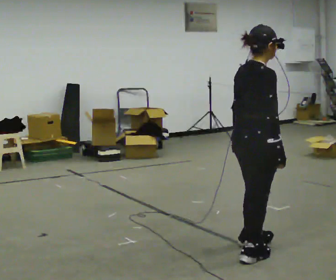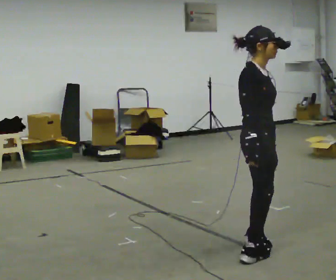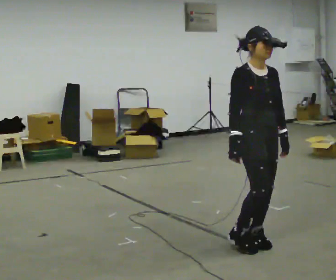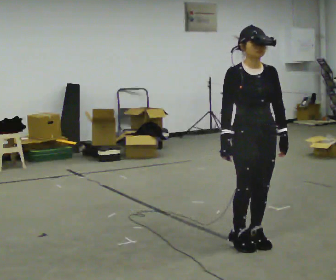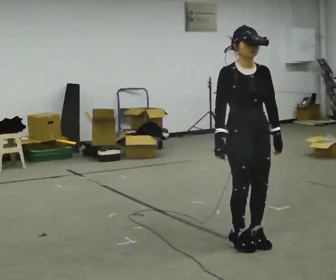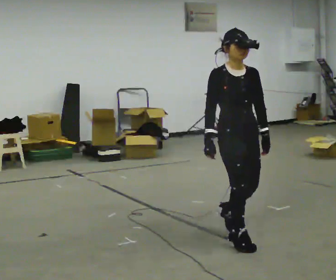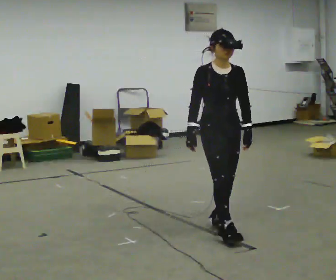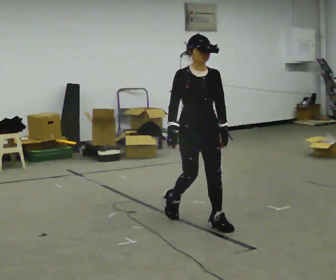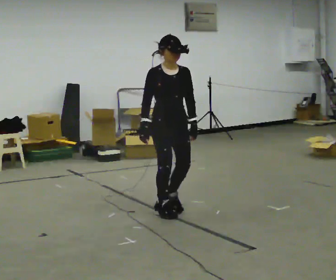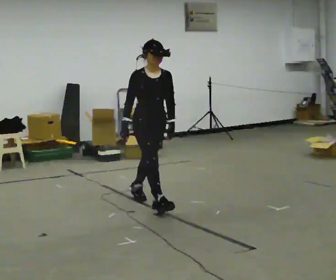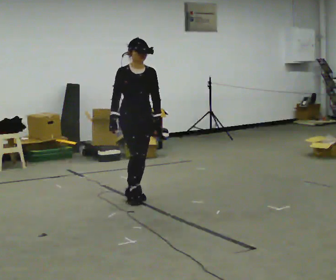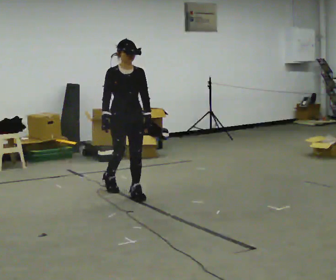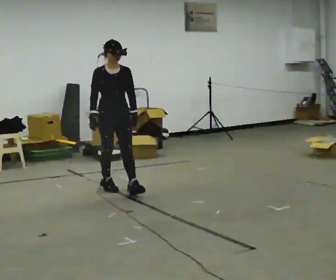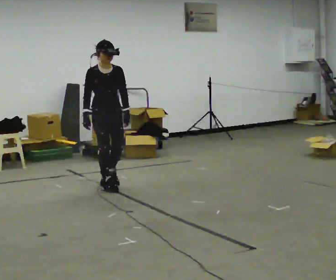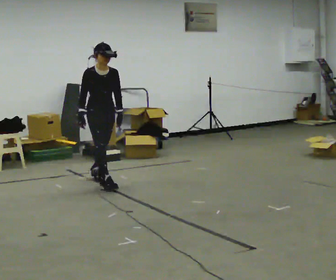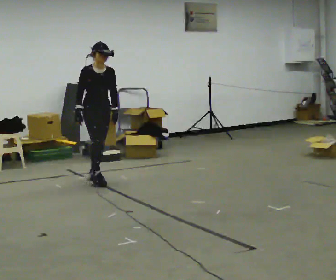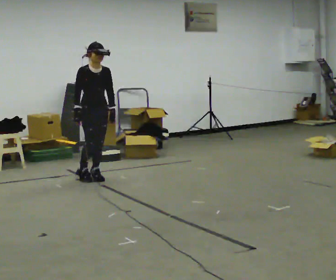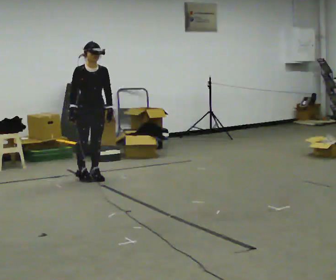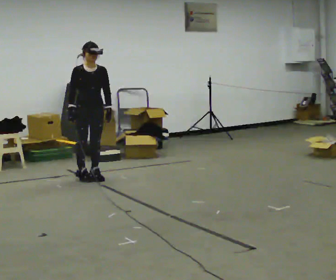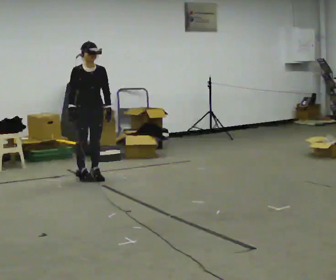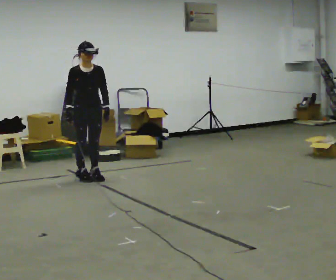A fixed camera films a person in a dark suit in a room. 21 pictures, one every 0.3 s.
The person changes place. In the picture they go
away from the camera.
0.0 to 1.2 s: Seen from above the body turns clockwise, about 105 degrees: to their right, with its near side sliding to the left. In the picture they go away from the camera, about 0.25 m in 1 step.
1.2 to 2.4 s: In the picture they go away from the camera and to the left, about 1 m in 3 steps, which for them is backward.
2.4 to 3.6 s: In the picture they go away from the camera and to the left, about 1 m in 2 steps, which for them is backward.
3.6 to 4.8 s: In the picture they go away from the camera and to the left, about 0.5 m in 1 step, which for them is backward.
4.8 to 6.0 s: The person moves a little, or ends about where they began.
The film runs backward here.
